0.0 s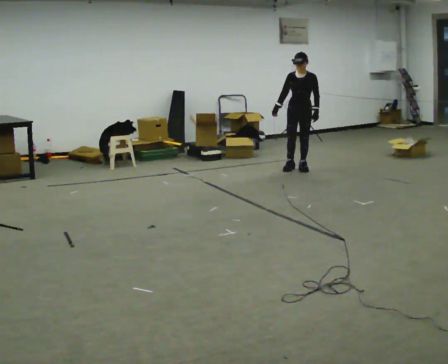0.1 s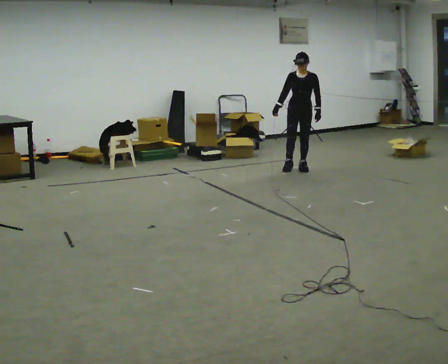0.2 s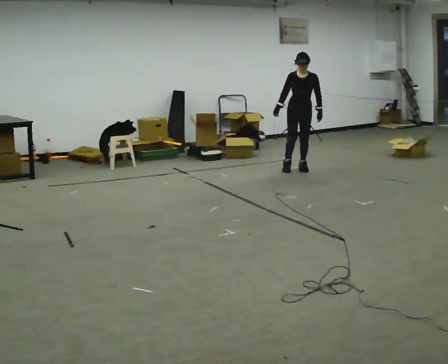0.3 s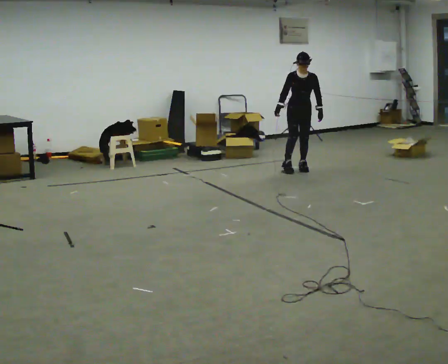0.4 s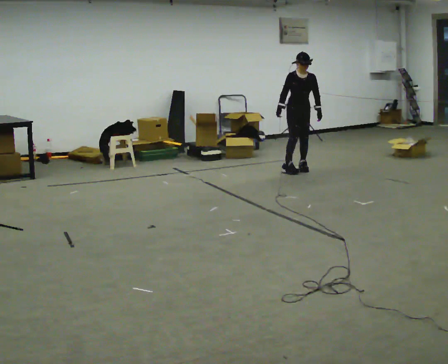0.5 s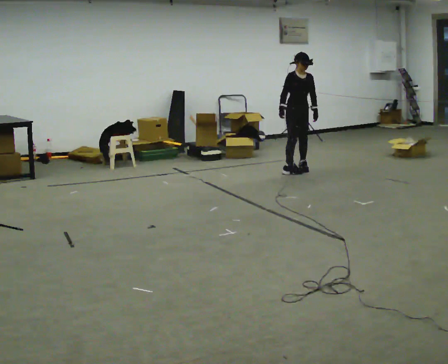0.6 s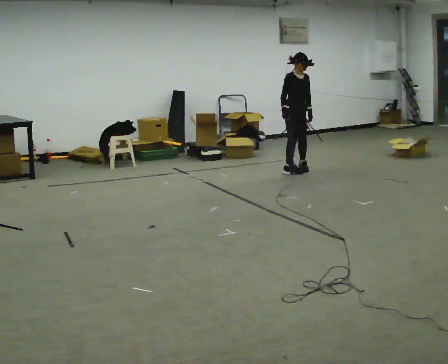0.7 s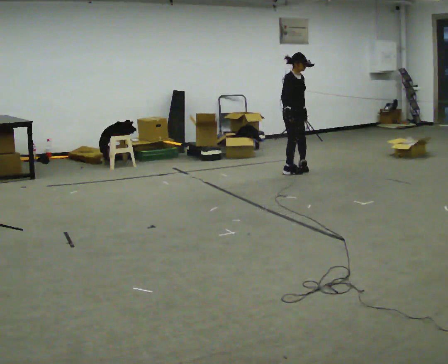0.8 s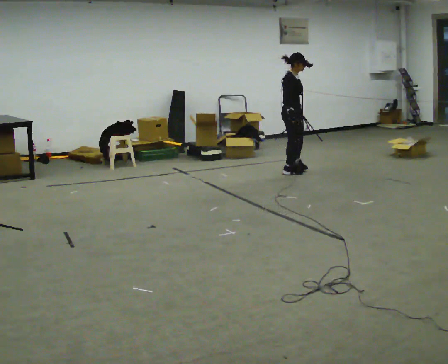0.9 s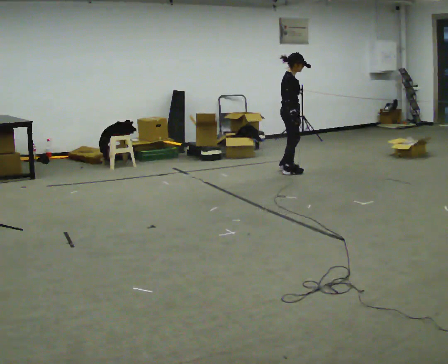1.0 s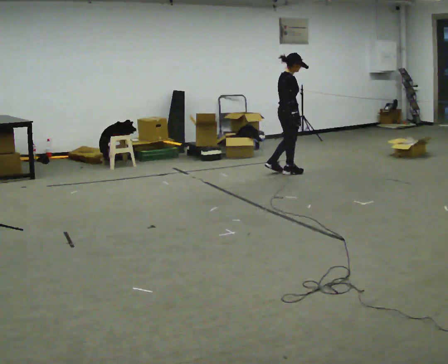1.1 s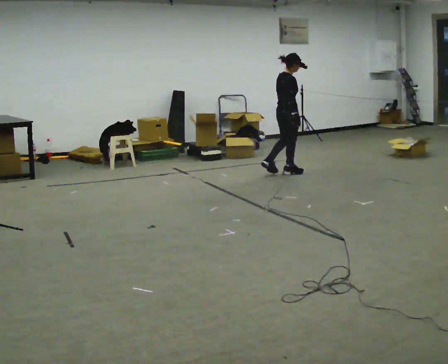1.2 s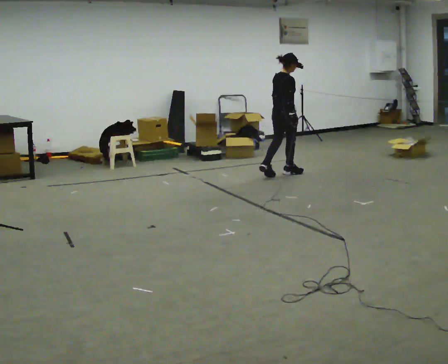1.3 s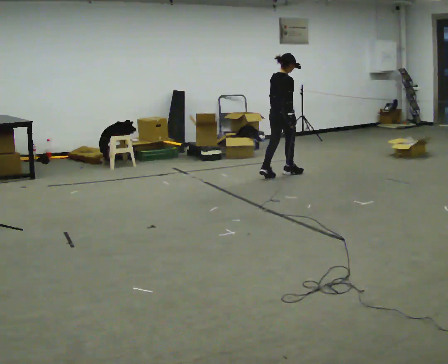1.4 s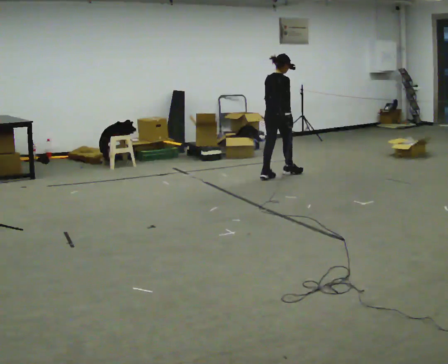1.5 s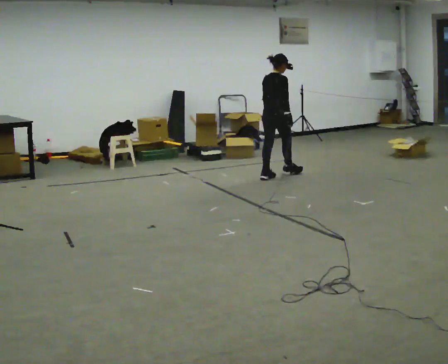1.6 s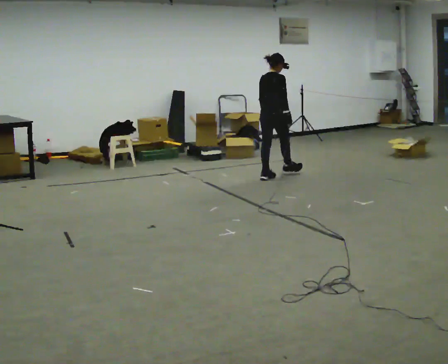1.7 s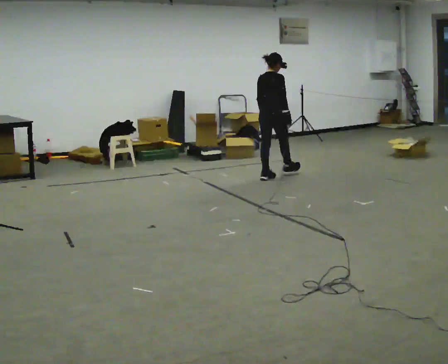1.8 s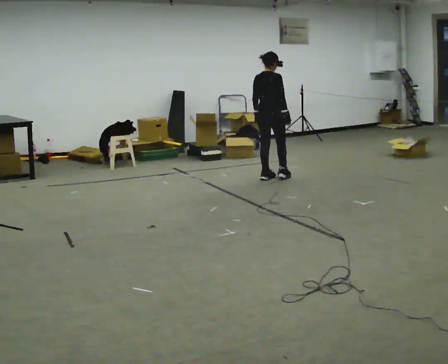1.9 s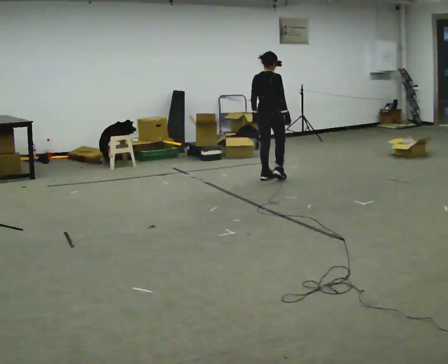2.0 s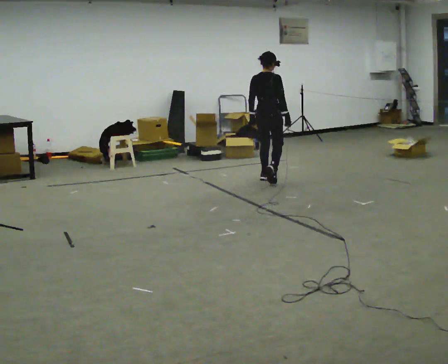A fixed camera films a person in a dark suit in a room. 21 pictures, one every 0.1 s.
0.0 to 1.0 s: The part of the body nearest the lens slides to the right as the person turns to their left by about 120 degrees. In the picture they go toward the camera and to the left, about 0.25 m in 2 steps.
1.0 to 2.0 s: Seen from above the body turns counterclockwise, about 45 degrees: to their left, with its near side sliding to the right. In the picture they go toward the camera and to the left, about 0.5 m in 1 step, which for them is backward.
The film runs backward here.
